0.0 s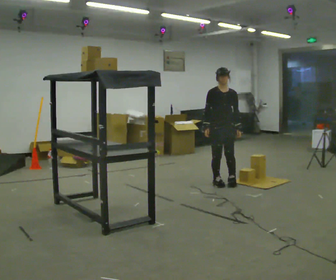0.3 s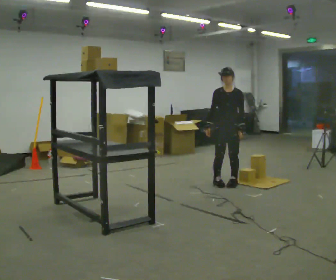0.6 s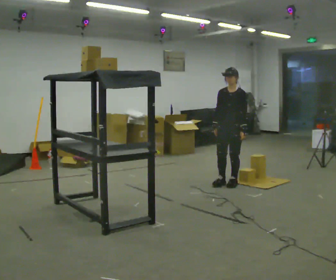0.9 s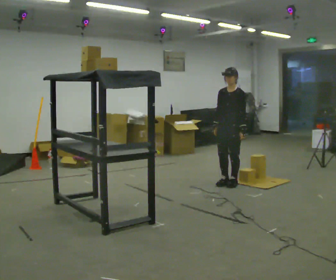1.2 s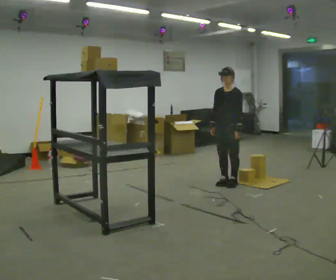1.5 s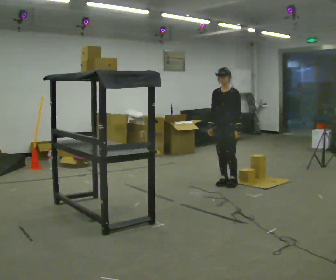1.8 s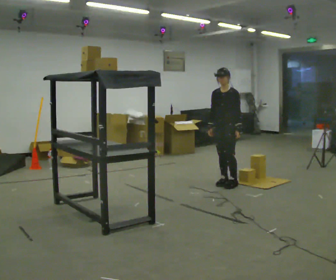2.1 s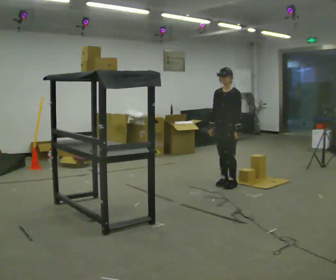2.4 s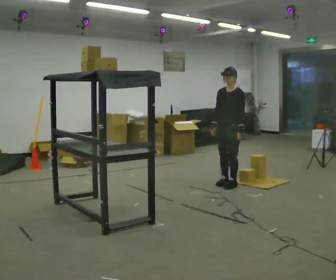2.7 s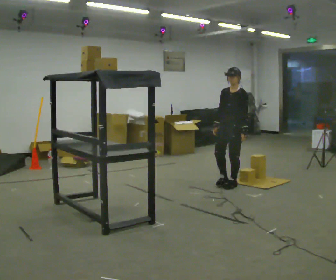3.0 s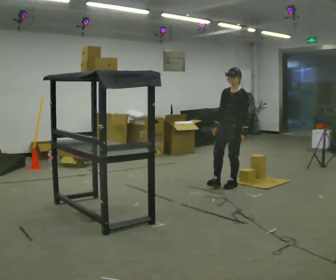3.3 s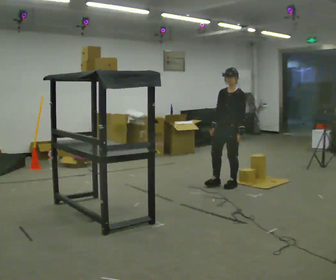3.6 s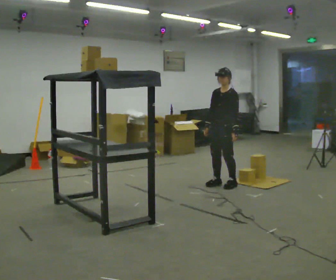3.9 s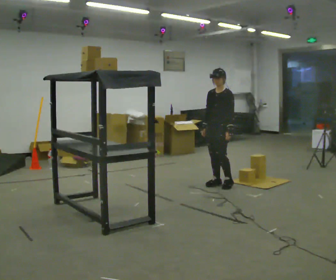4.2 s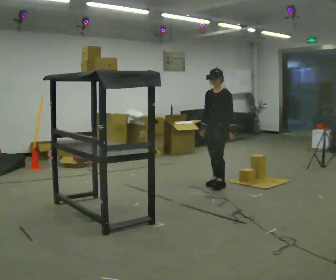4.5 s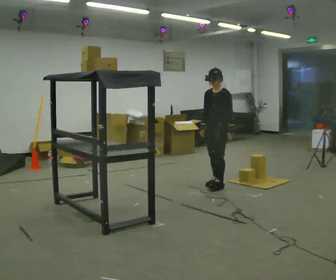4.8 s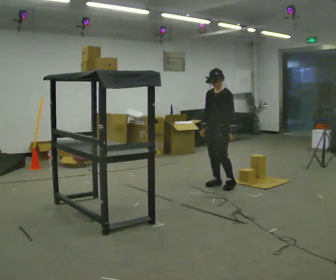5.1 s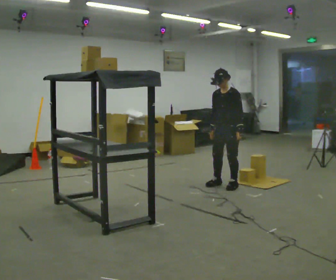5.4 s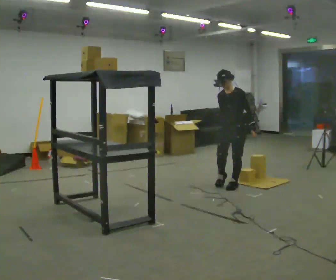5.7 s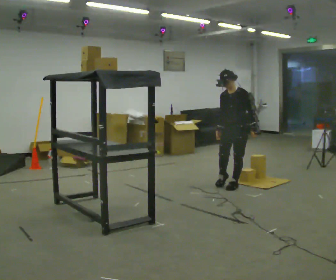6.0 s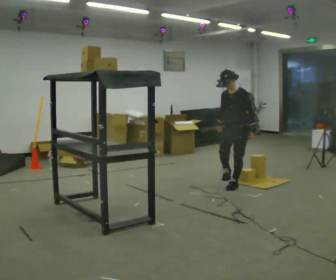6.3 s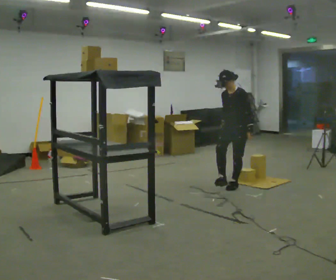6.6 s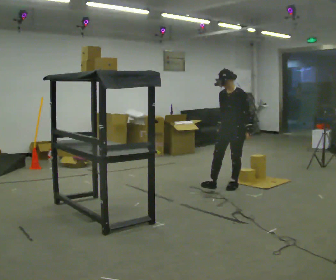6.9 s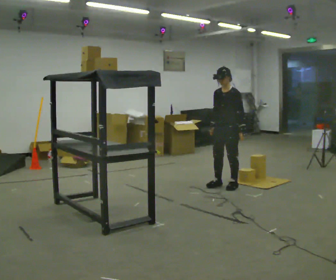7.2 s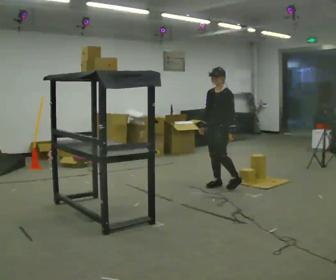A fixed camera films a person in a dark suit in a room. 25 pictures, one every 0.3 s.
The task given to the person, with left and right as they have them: Take an object from the highest shelf you can comfortably reach, carry it across, and place it on the lowest shelf. Keep going until the operator says stop; one object at a time, and do not rush between trips.
0.0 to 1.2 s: Seen from above the body turns clockwise, about 45 degrees: to their right, with its near side sliding to the left.
1.2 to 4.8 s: The person moves a little, or ends about where they began.
4.8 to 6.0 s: In the picture they go to the right, about 0.25 m, which for them is to their left.
6.0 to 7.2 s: In the picture they go to the left, about 0.25 m, which for them is to their right.
The film runs forward here.
